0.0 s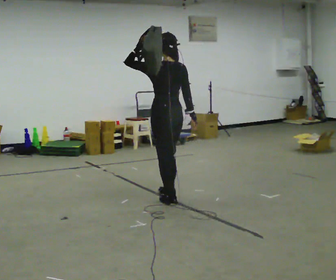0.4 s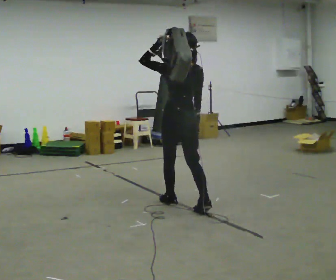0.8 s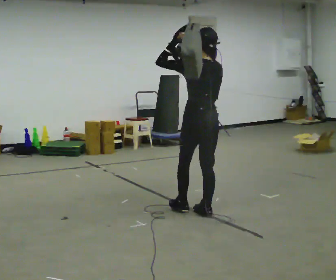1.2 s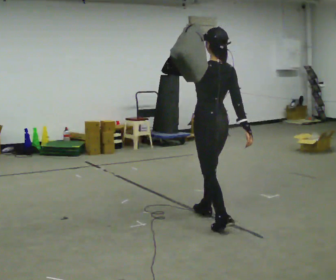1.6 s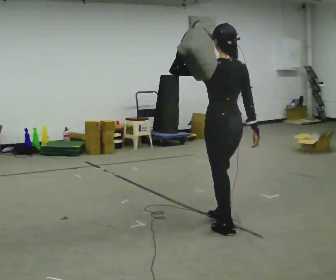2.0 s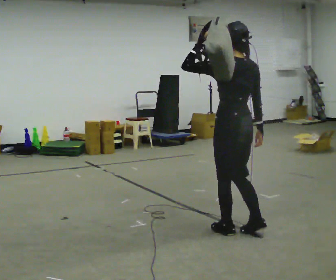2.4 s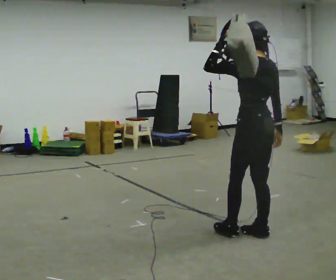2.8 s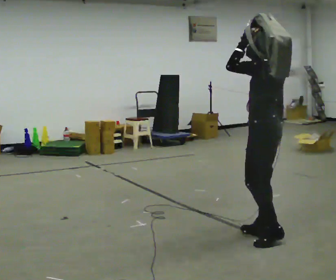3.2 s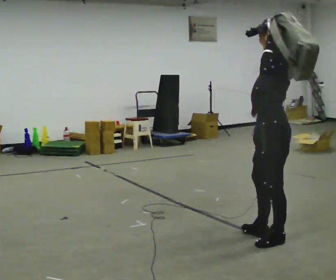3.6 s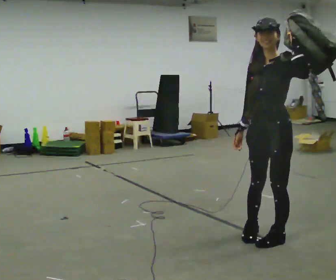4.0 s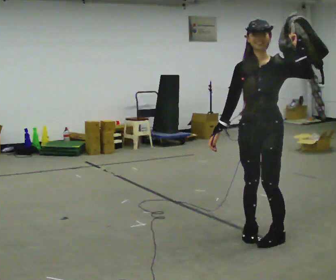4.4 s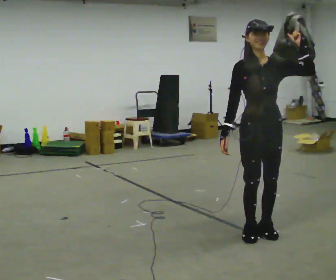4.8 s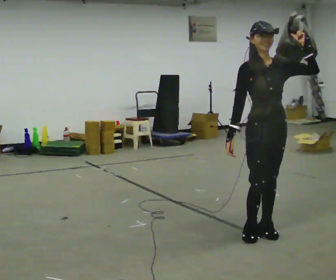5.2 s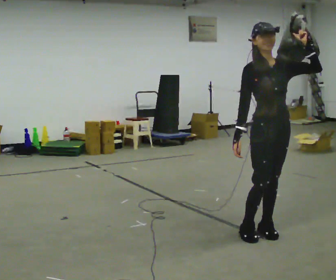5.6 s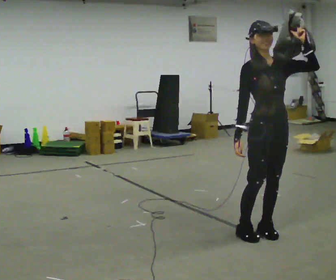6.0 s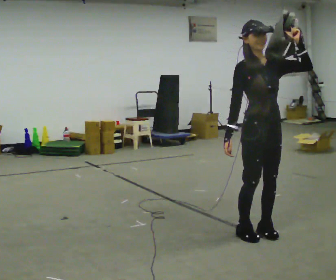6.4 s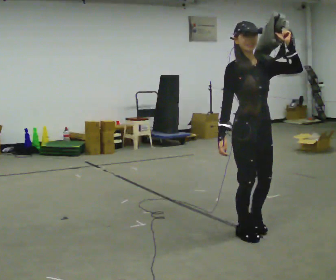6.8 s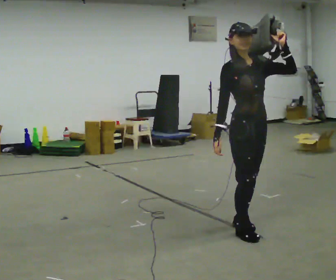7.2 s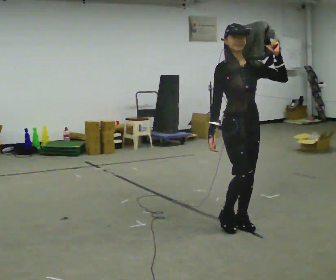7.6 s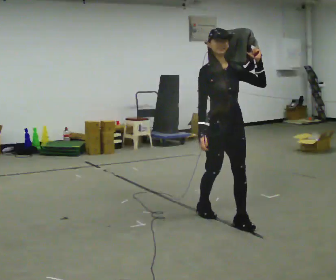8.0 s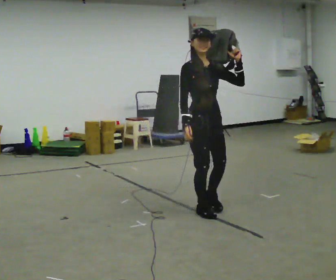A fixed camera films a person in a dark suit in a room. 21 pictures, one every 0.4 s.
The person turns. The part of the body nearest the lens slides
to the right.
The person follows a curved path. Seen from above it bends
counterclockwise.
0.0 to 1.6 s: In the picture they go toward the camera and to the right, about 1 m in 2 steps, which for them is backward.
1.6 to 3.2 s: The part of the body nearest the lens slides to the right as the person turns to their left by about 60 degrees. In the picture they go to the right and toward the camera, about 0.5 m in 1 step.
3.2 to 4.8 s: Seen from above the body turns counterclockwise, about 105 degrees: to their left, with its near side sliding to the right. In the picture they go away from the camera, about 0.25 m in 2 steps.
4.8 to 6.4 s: The person moves a little, or ends about where they began.
6.4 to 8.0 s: In the picture they go away from the camera and to the left, about 0.75 m in 2 steps, which for them is backward.
The film runs backward here.
